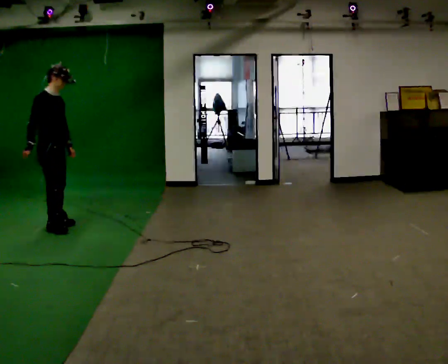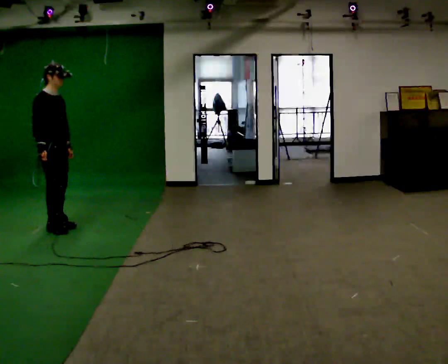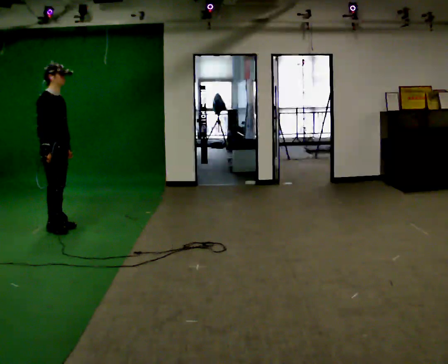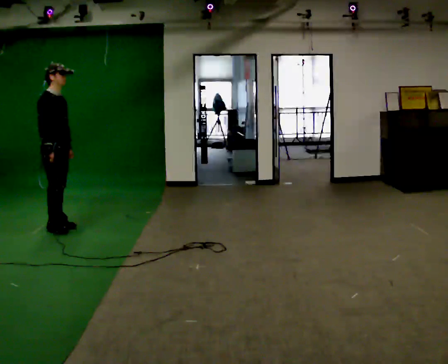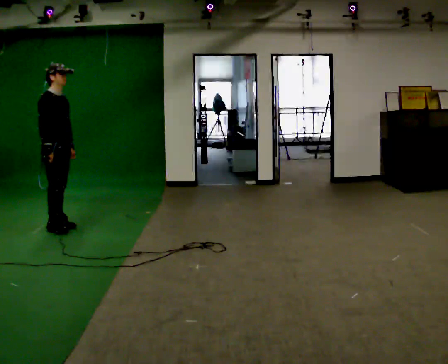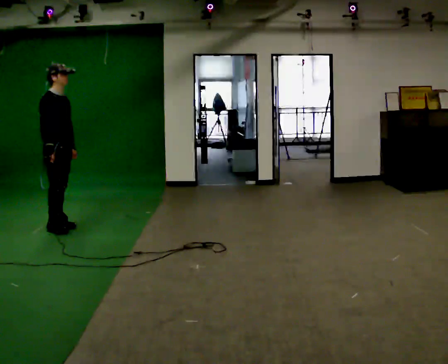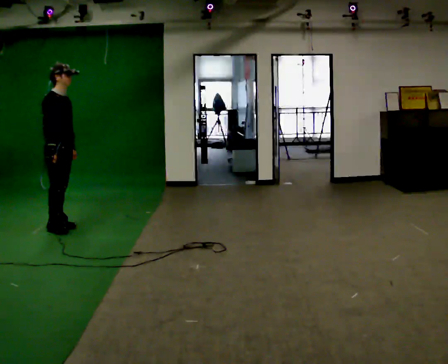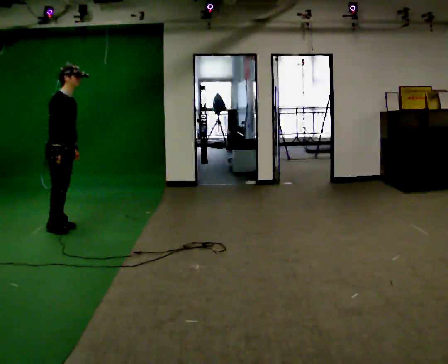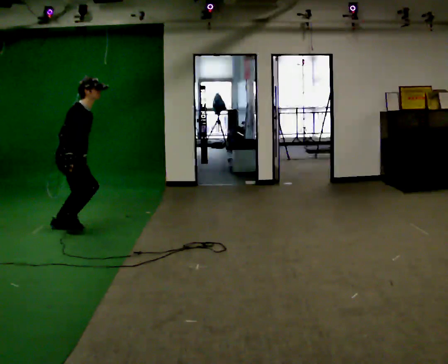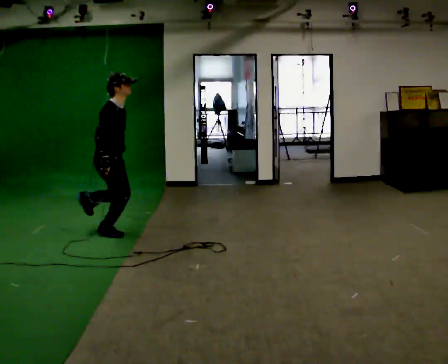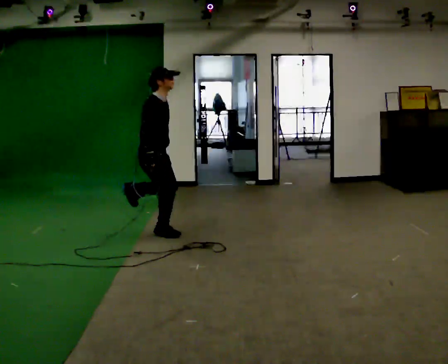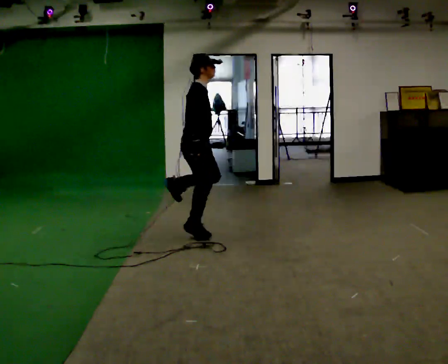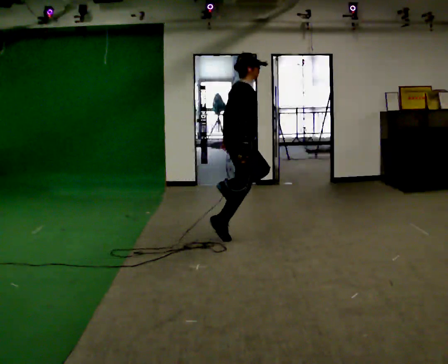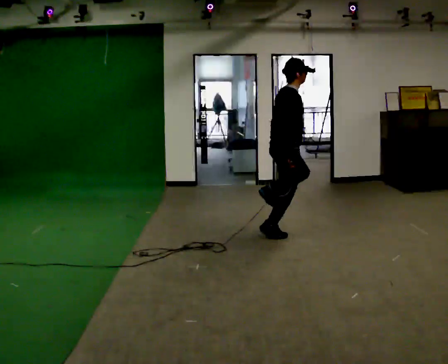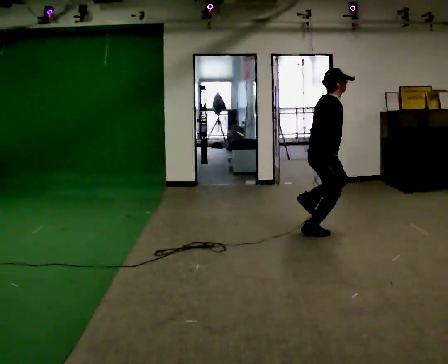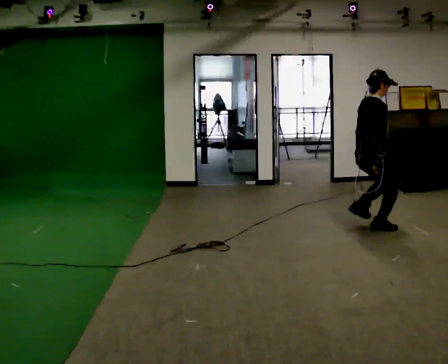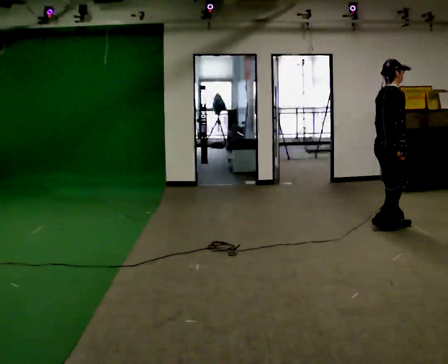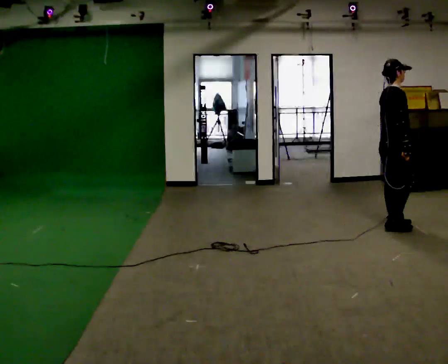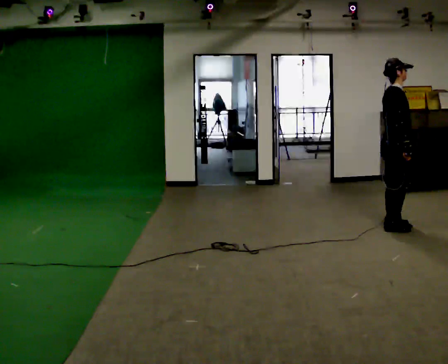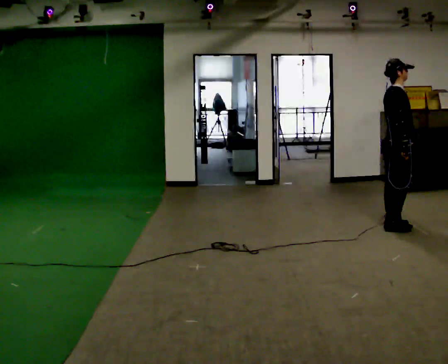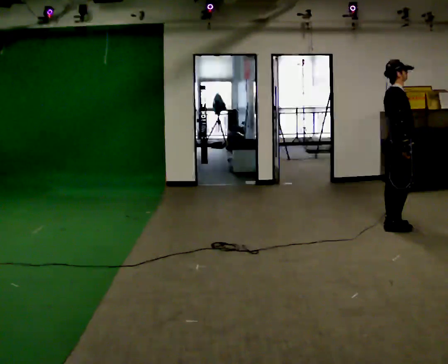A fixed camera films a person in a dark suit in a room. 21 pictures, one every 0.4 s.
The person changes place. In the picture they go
to the right.
0.0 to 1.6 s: The person moves a little, or ends about where they began.
1.6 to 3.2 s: In the picture they go to the right, about 0.25 m, which for them is forward. In the picture the upper body tilts clockwise, shoulders to the right, as they bend forward.
3.2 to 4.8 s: In the picture they go to the right, about 1.5 m in 3 steps, which for them is forward.
4.8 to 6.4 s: In the picture they go to the right, about 1.5 m in 4 steps, which for them is forward.
6.4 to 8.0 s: The person moves a little, or ends about where they began.
The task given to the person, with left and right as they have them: Hop forward on the leg the operator calls, keeping the other foot off the floor.
The film runs forward here.
